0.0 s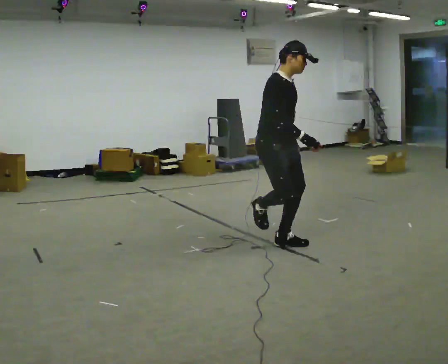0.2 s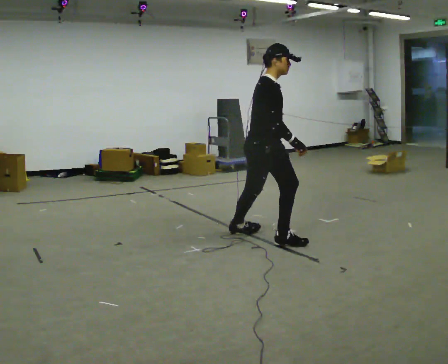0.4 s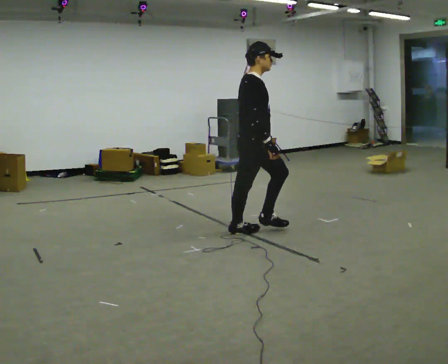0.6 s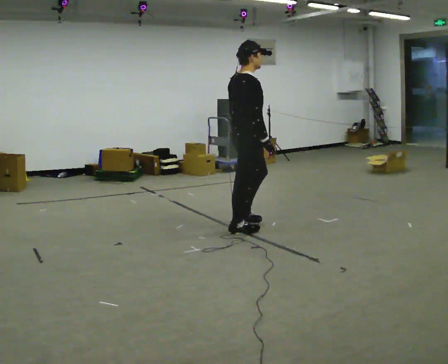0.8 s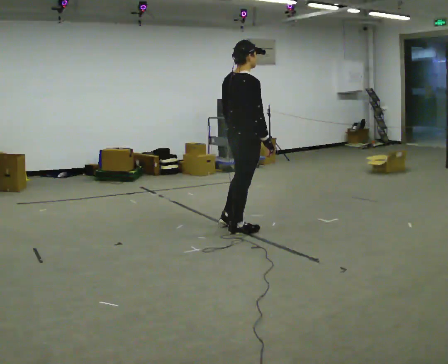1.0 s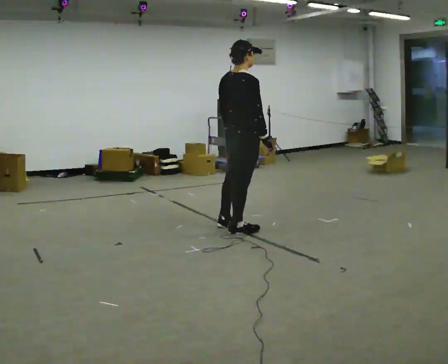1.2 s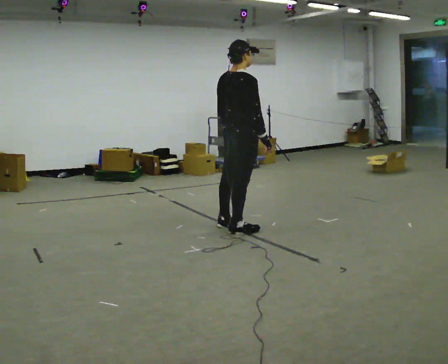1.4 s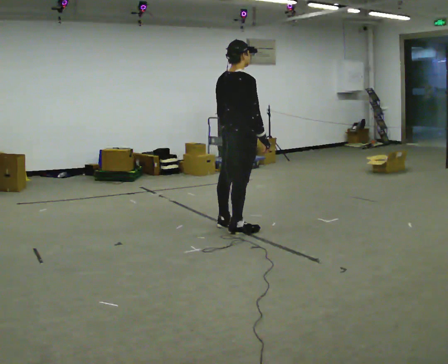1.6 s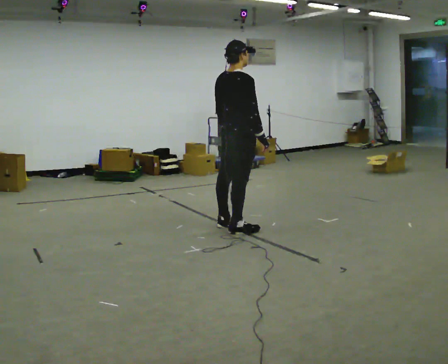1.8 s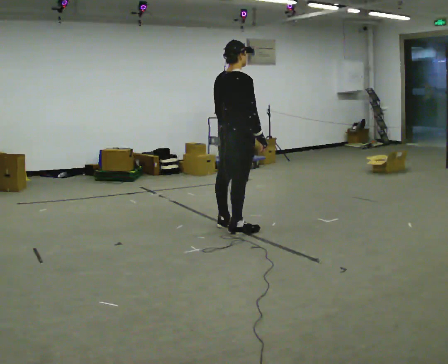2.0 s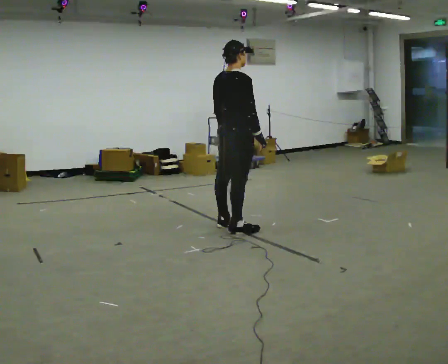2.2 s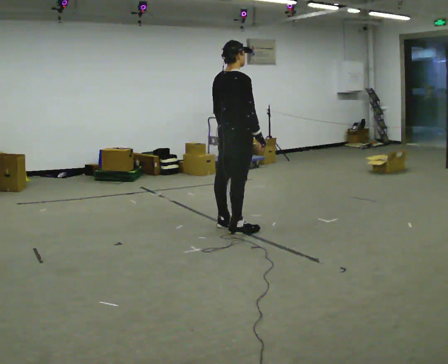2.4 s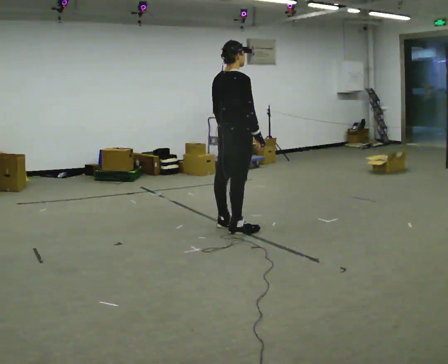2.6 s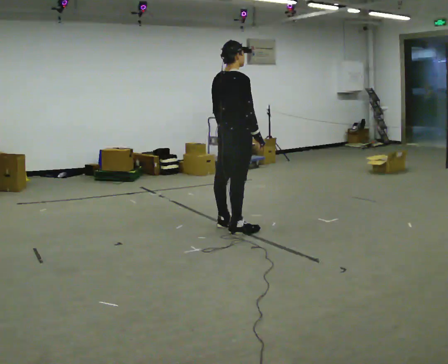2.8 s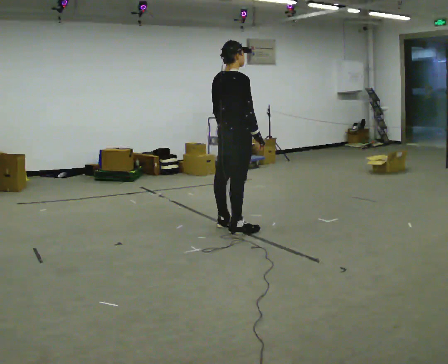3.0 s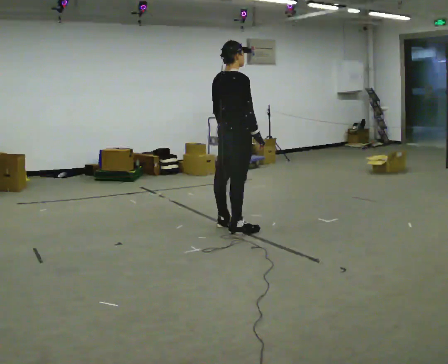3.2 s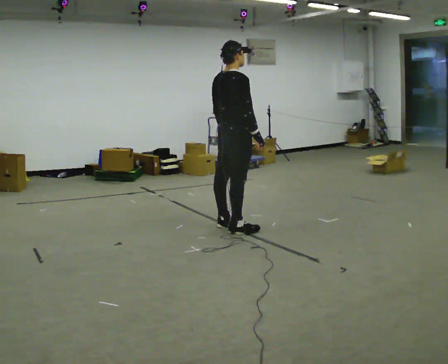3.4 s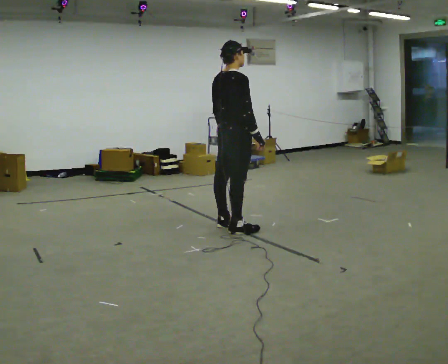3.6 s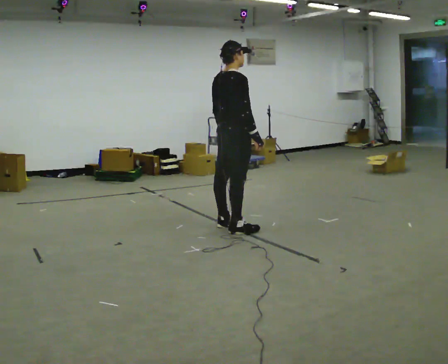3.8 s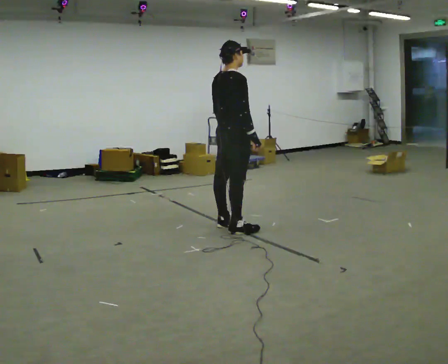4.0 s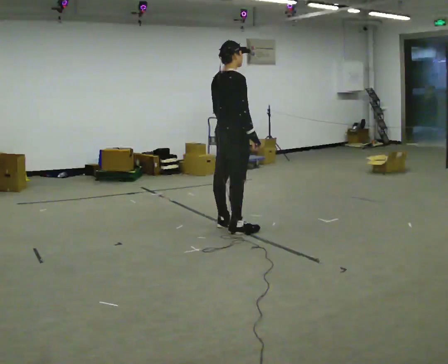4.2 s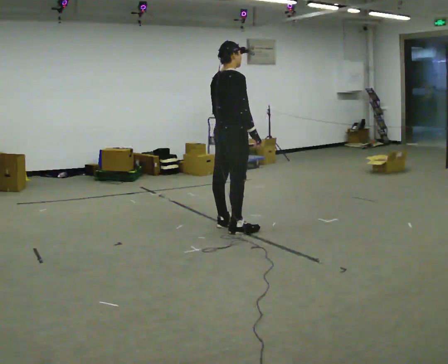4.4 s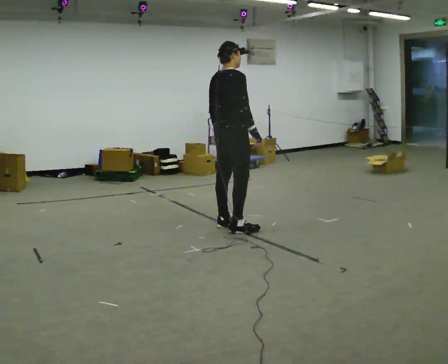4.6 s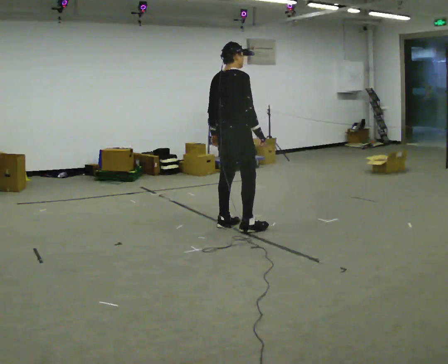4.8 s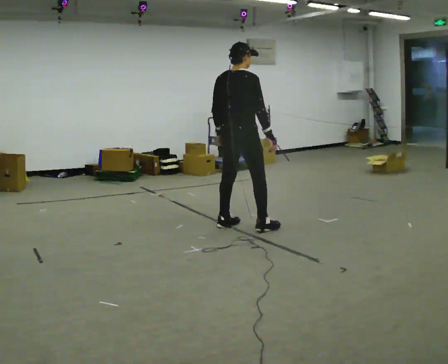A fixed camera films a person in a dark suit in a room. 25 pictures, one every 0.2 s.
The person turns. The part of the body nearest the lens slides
to the right.
The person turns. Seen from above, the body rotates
counterclockwise.
0.0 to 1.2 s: The part of the body nearest the lens slides to the right as the person turns to their left by about 75 degrees. In the picture they go to the left and away from the camera, about 0.5 m in 1 step.
1.2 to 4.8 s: The person moves a little, or ends about where they began.
The film runs backward here.
